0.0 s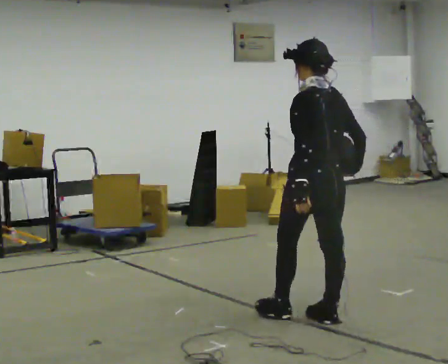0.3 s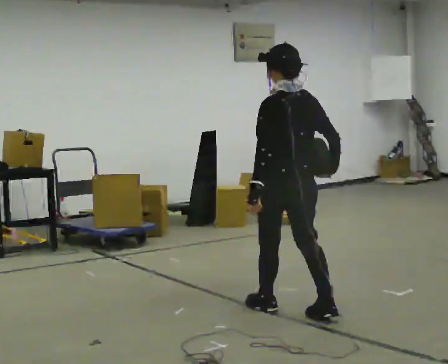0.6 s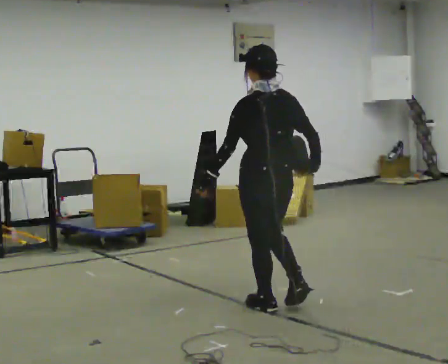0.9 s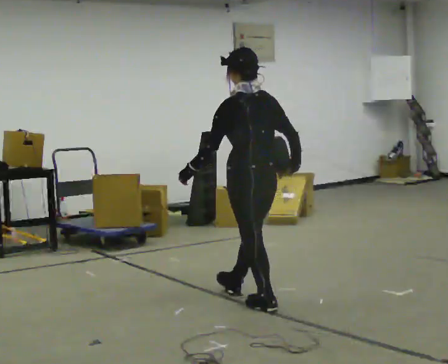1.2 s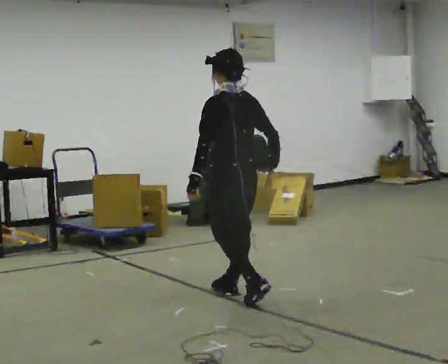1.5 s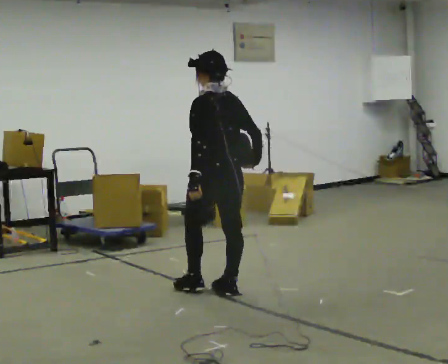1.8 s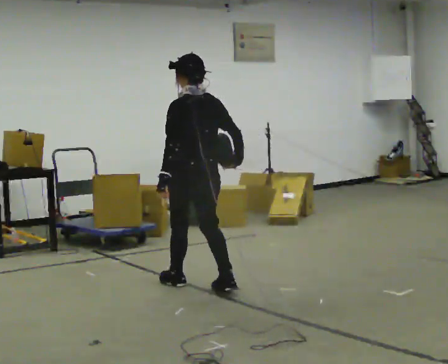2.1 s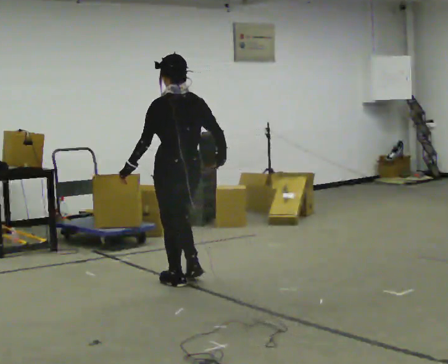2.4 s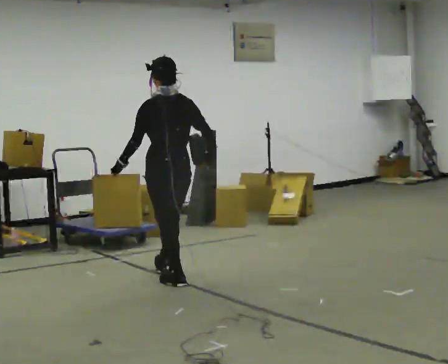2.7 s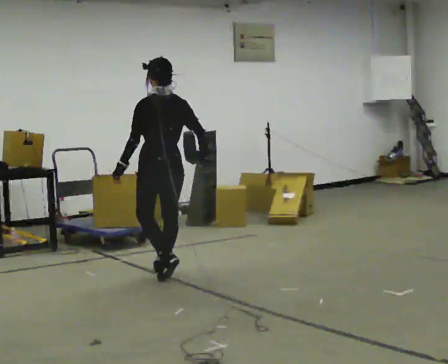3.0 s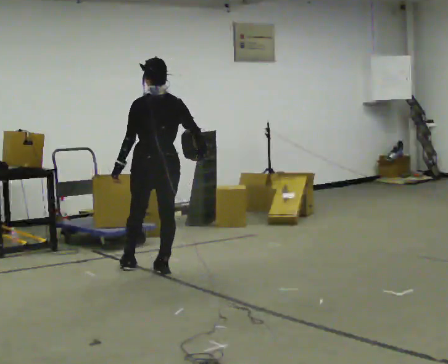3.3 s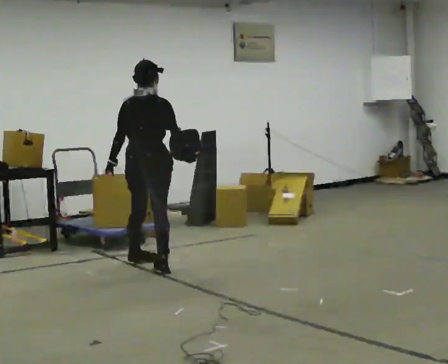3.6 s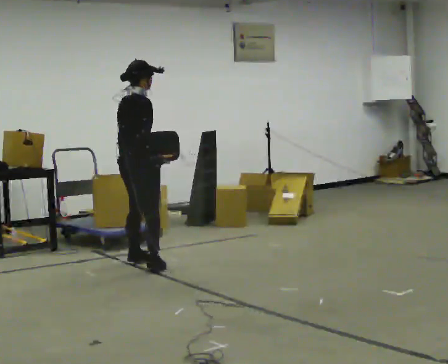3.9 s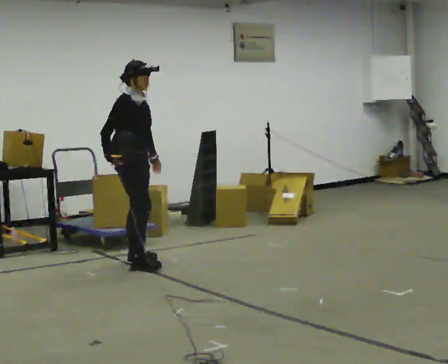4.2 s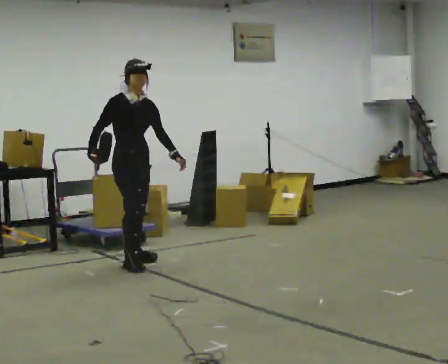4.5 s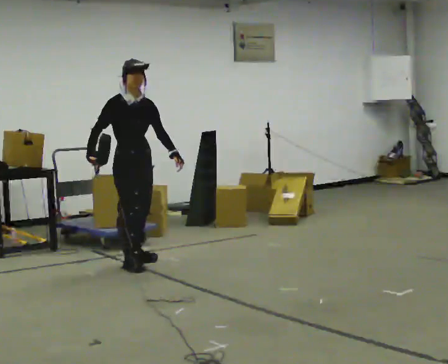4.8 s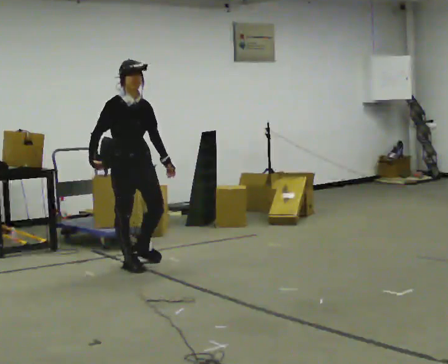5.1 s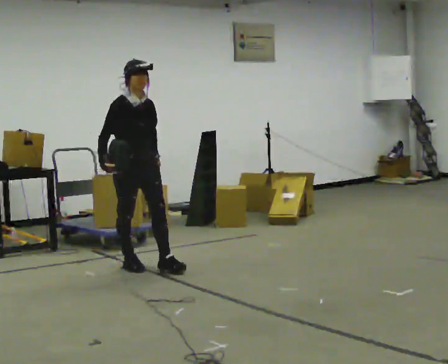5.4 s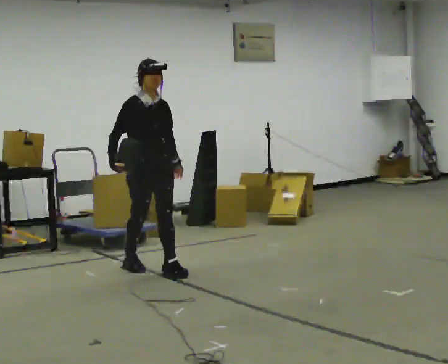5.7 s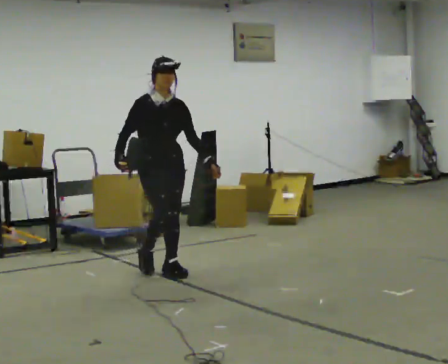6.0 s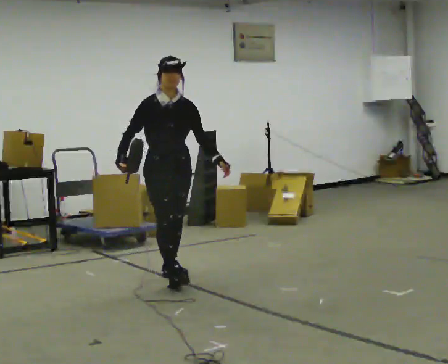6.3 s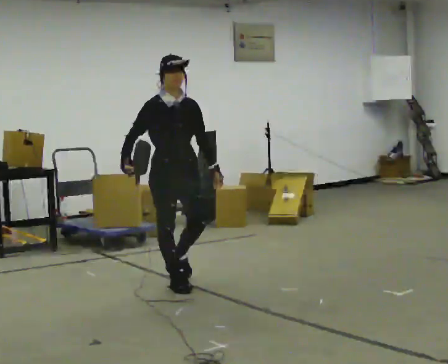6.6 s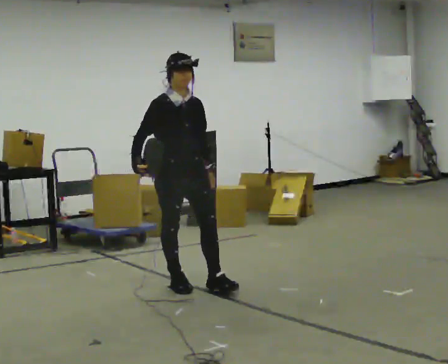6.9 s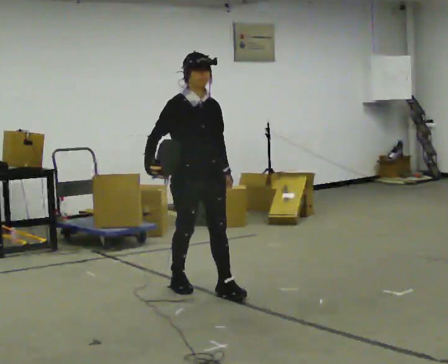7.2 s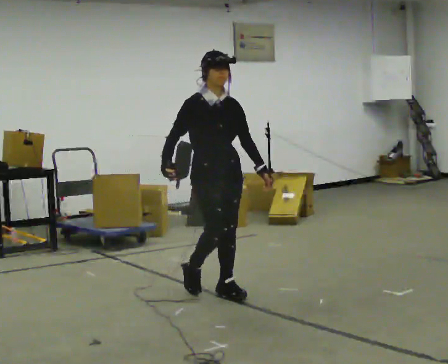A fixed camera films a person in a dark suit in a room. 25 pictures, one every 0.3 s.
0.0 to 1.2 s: In the picture they go away from the camera and to the left, about 0.5 m in 2 steps, which for them is forward.
1.2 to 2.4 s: In the picture they go away from the camera and to the left, about 0.75 m in 2 steps, which for them is forward.
2.4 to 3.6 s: The part of the body nearest the lens slides to the left as the person turns to their right by about 90 degrees. In the picture they go away from the camera and to the left, about 0.5 m in 1 step.
3.6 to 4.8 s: The part of the body nearest the lens slides to the left as the person turns to their right by about 75 degrees. In the picture their left hand goes to the right, the arm swinging counterclockwise.
4.8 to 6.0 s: In the picture they go toward the camera and to the right, about 0.5 m in 1 step, which for them is forward.
6.0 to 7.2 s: In the picture they go toward the camera and to the right, about 0.5 m in 2 steps, which for them is forward.
The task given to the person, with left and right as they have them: Hold the object against your hip on the side the operator calls, and carry it back and forth across the room.
The film runs forward here.
